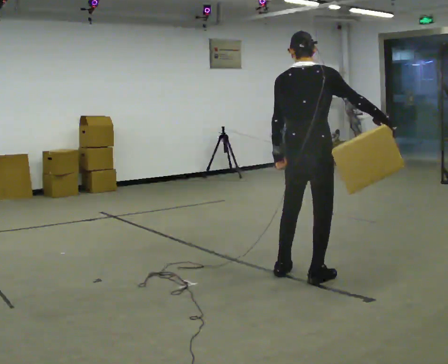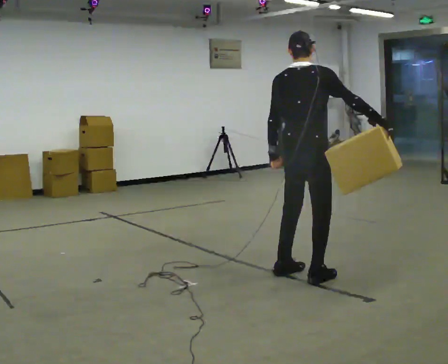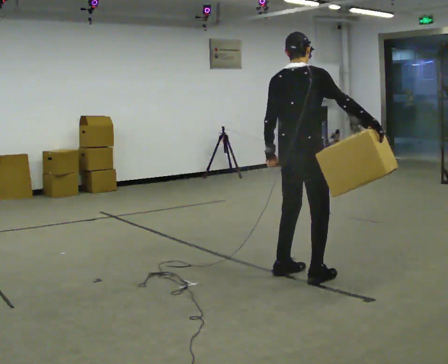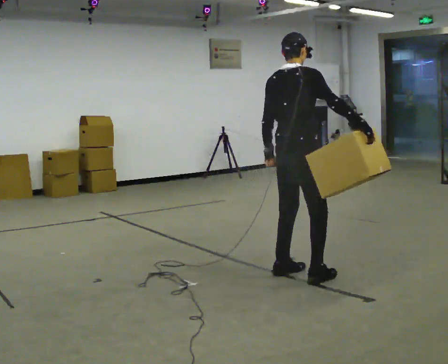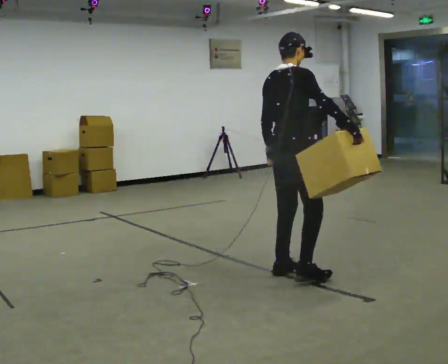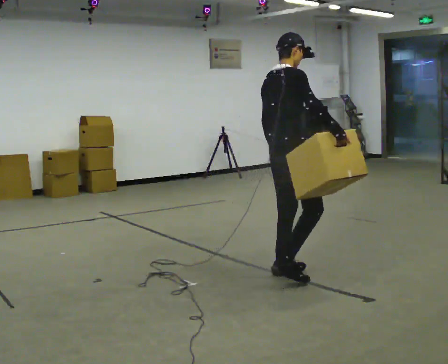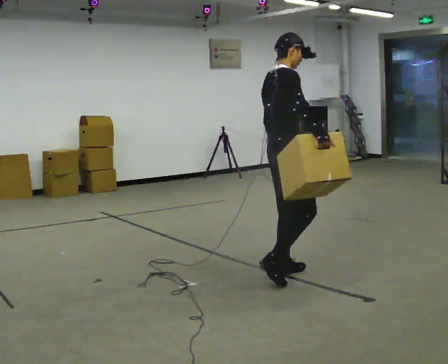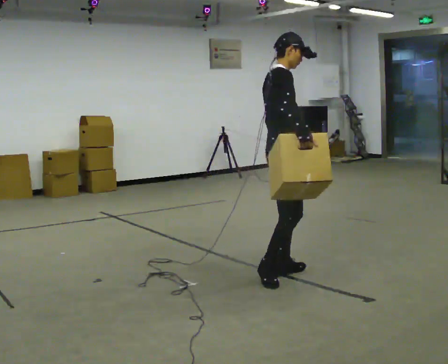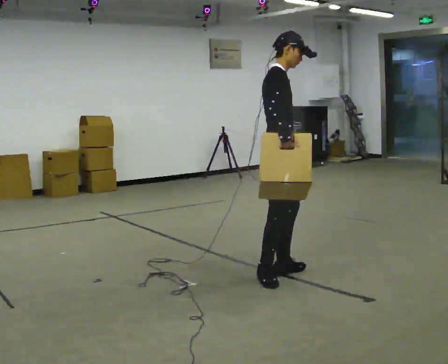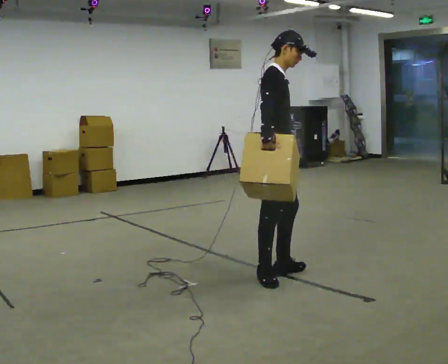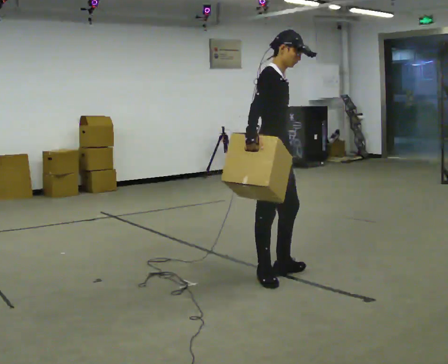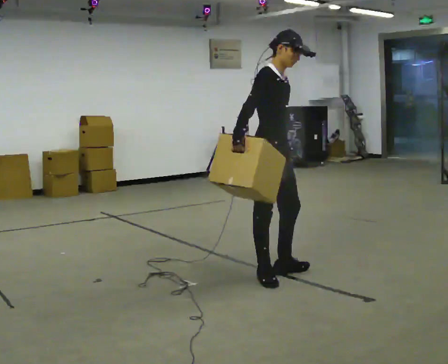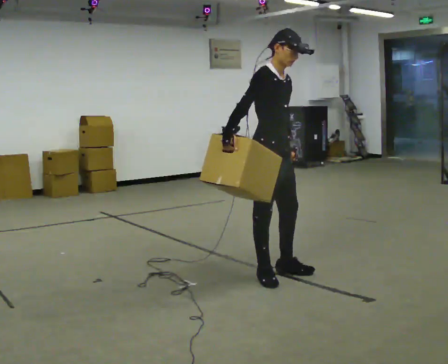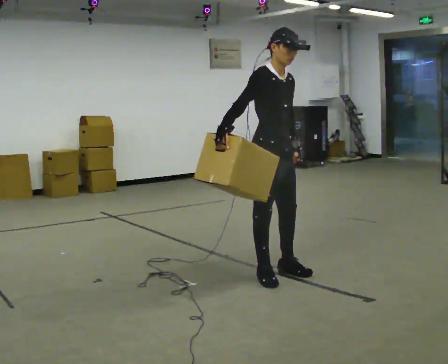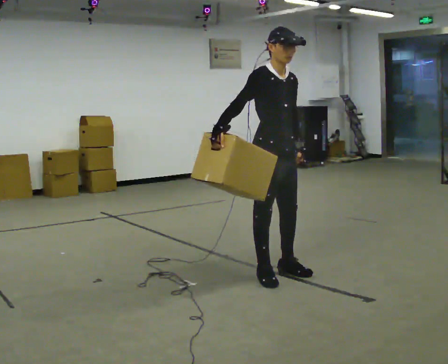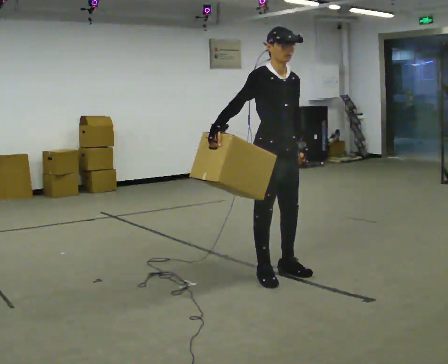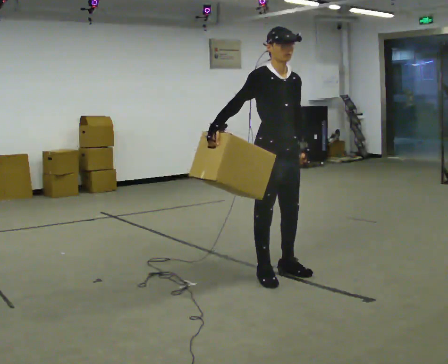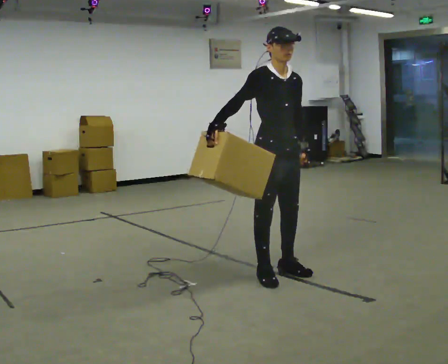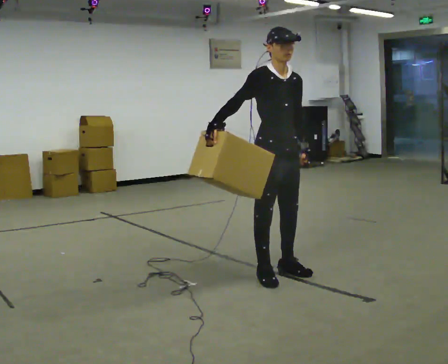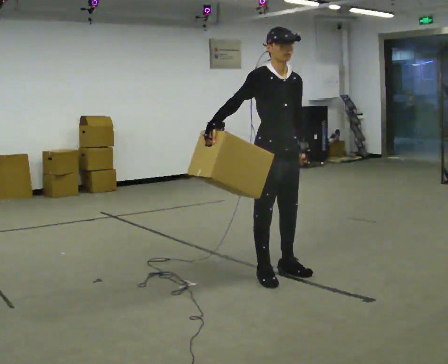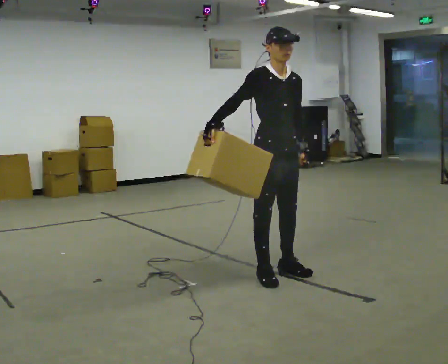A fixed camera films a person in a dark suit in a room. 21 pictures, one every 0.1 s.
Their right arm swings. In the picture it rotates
clockwise.
The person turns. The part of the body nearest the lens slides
to the left.
0.0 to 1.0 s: Seen from above the body turns clockwise, about 90 degrees: to their right, with its near side sliding to the left. In the picture they go to the left, about 0.25 m in 1 step.
1.0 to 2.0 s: The person turns about 45 degrees to their right, clockwise seen from above, so the part of the body nearest the lens slides to the left. In the picture their right hand goes to the left.
The film runs backward here.
